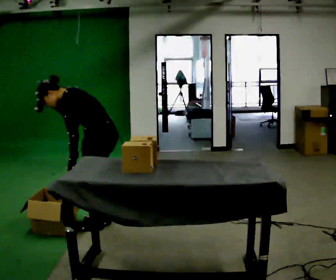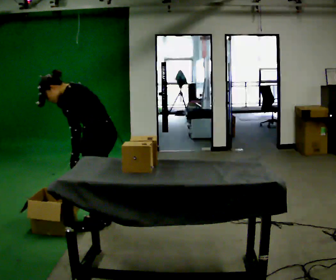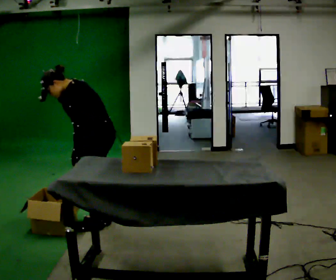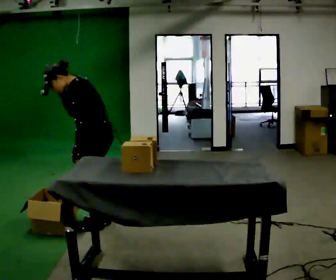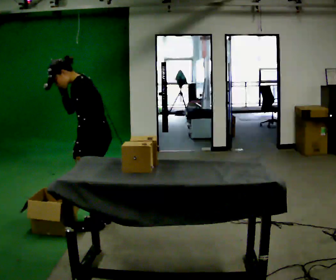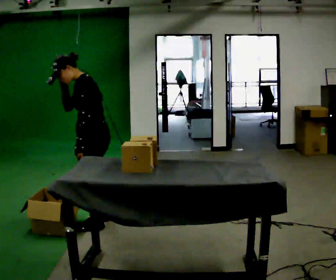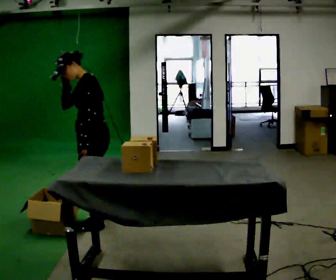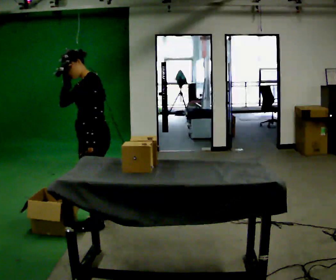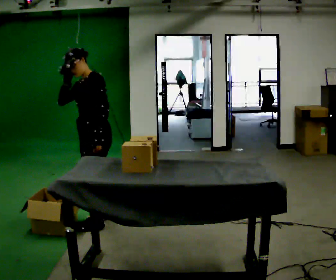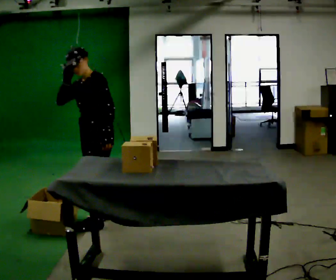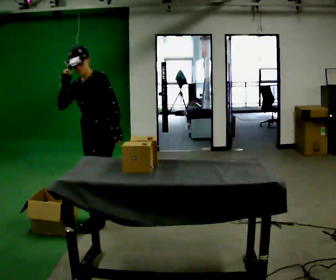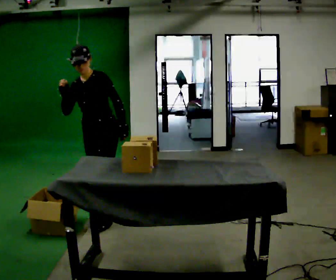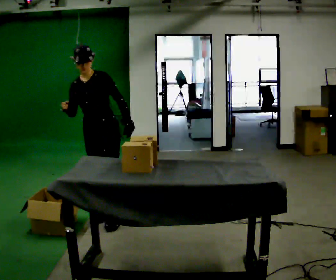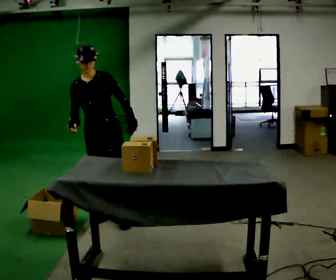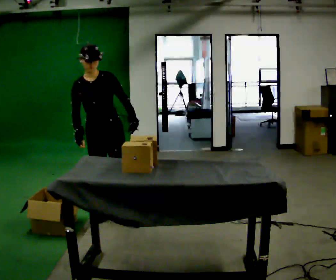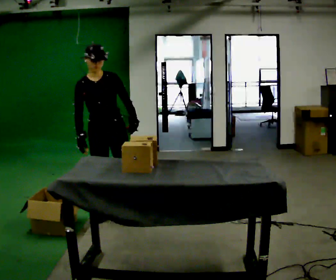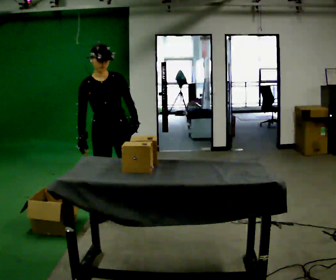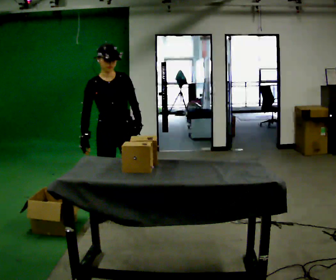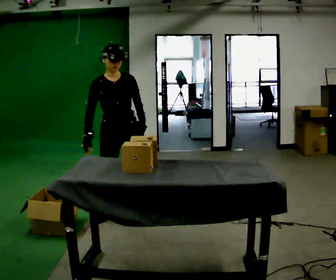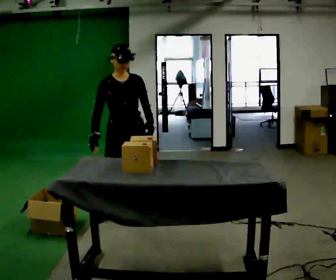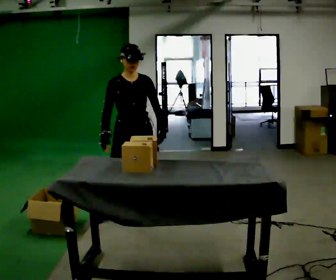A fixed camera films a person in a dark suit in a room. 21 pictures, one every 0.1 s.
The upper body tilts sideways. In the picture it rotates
clockwise.
The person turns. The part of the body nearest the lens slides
to the right.
0.0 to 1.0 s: The part of the body nearest the lens slides to the right as the person turns to their left by about 60 degrees. In the picture they go away from the camera, about 0.25 m in 1 step, which for them is to their right. The shoulders move upward. In the picture the upper body tilts clockwise, shoulders to the right, as they lean back or straighten.
1.0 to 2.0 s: The person turns about 45 degrees to their left, counterclockwise seen from above, so the part of the body nearest the lens slides to the right. In the picture they go to the right, about 0.25 m in 1 step, which for them is to their left. In the picture their right hand goes downward.
The film runs forward here.
